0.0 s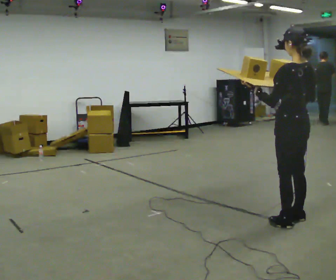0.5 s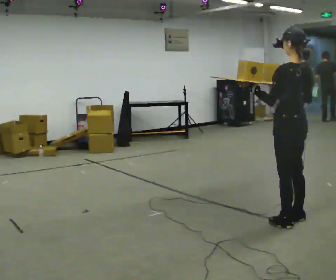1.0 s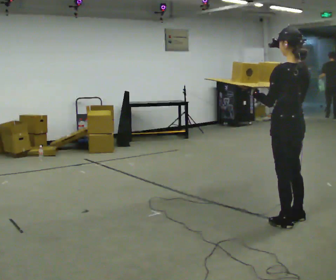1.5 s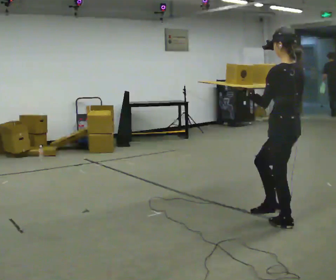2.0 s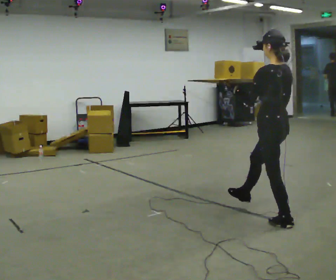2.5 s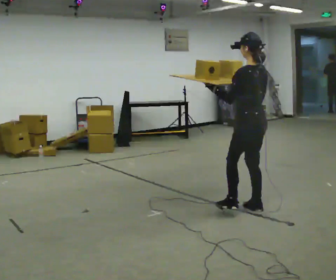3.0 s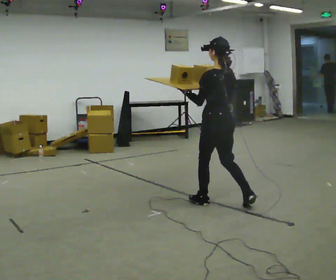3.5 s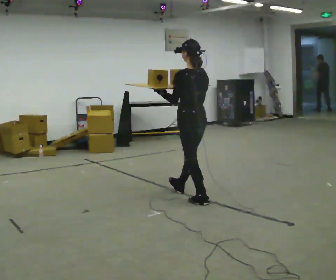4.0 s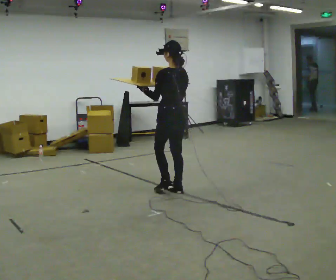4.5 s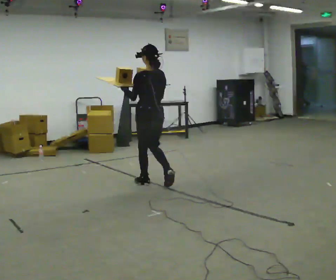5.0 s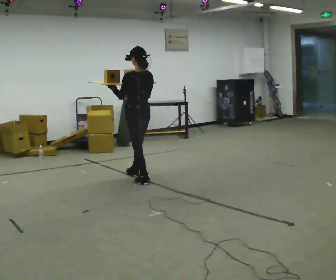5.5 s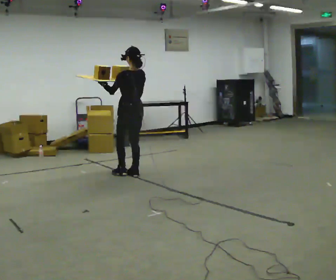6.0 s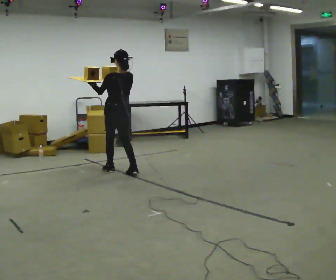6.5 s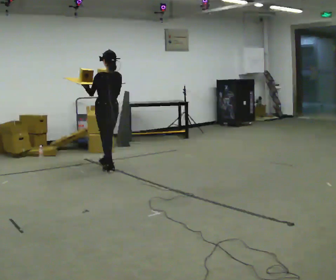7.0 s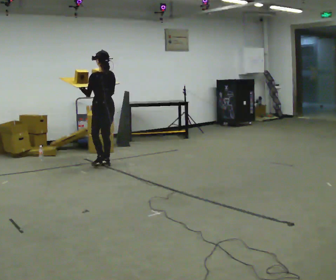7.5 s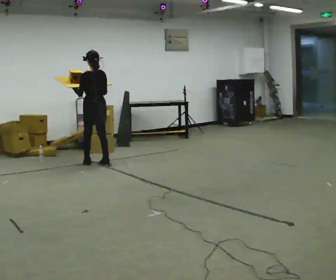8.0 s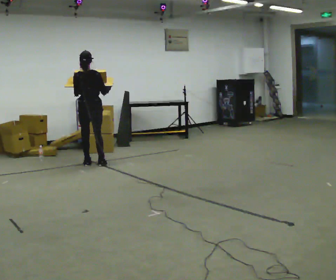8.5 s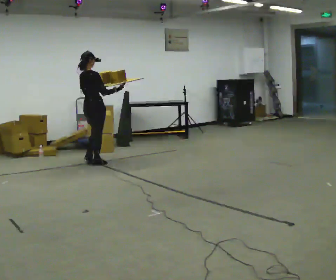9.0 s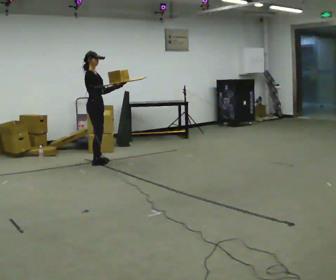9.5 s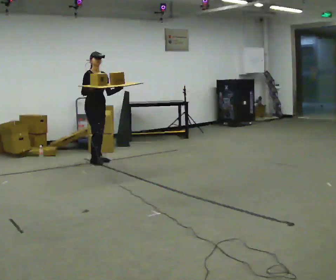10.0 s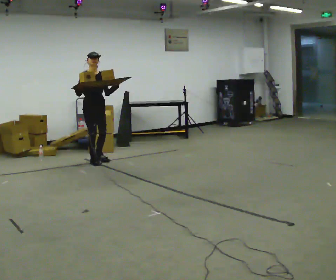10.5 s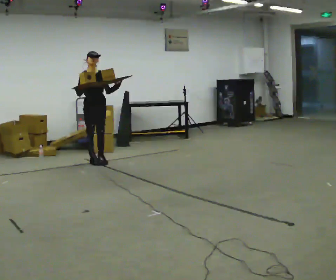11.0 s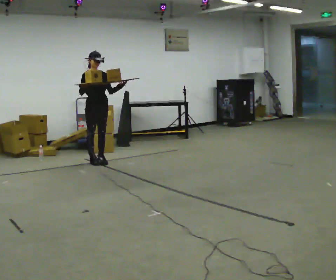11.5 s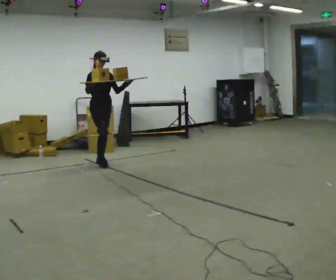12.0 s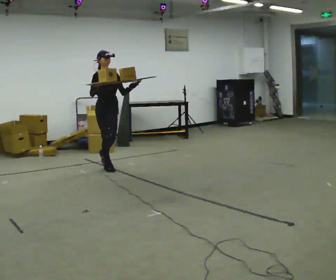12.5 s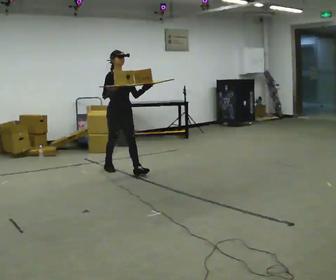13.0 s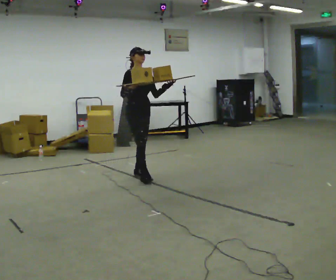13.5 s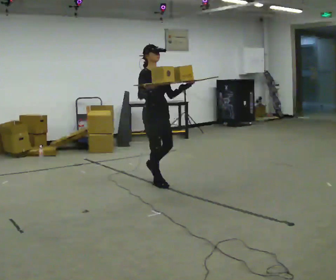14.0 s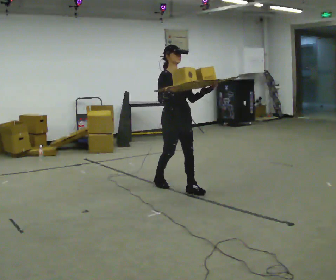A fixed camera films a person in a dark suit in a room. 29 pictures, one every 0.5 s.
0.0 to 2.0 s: In the picture their right hand goes to the left.
2.0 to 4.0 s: In the picture they go away from the camera and to the left, about 1.5 m in 3 steps, which for them is forward.
4.0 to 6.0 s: In the picture they go away from the camera and to the left, about 1 m in 3 steps, which for them is forward.
6.0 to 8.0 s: The person turns about 30 degrees to their right, clockwise seen from above, so the part of the body nearest the lens slides to the left. In the picture they go away from the camera and to the left, about 0.75 m in 2 steps, which for them is forward.
8.0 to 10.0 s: The part of the body nearest the lens slides to the left as the person turns to their right by about 150 degrees. In the picture they go away from the camera, about 0.25 m in 2 steps. In the picture their right hand goes to the left.
10.0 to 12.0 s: In the picture they go toward the camera and to the right, about 0.5 m in 1 step, which for them is forward.
12.0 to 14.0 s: In the picture they go toward the camera and to the right, about 1.5 m in 3 steps, which for them is forward.
The film runs forward here.
